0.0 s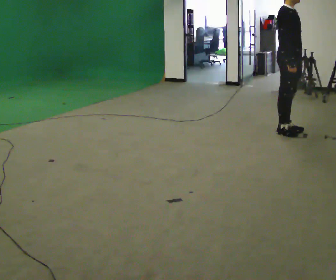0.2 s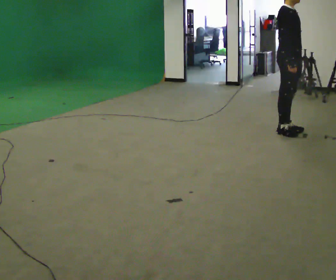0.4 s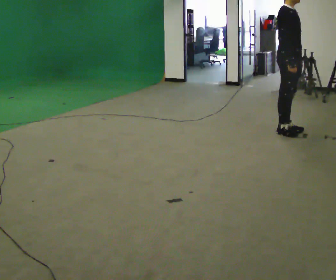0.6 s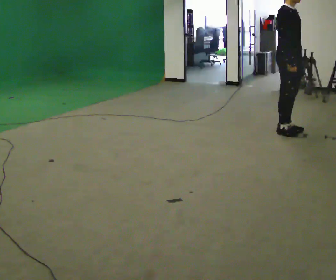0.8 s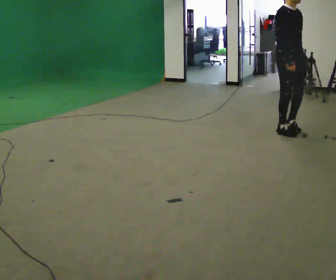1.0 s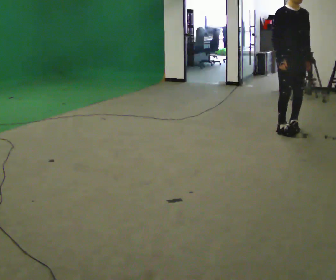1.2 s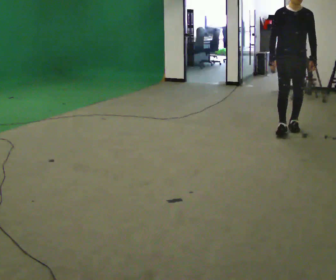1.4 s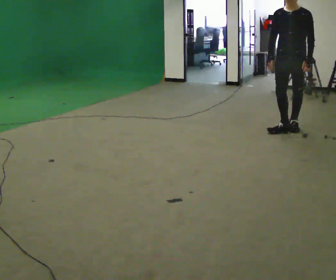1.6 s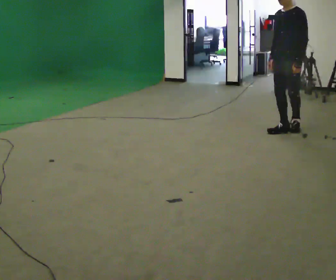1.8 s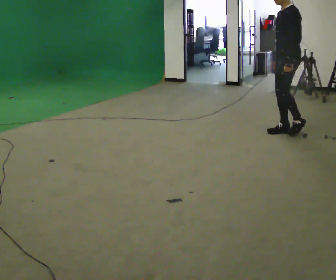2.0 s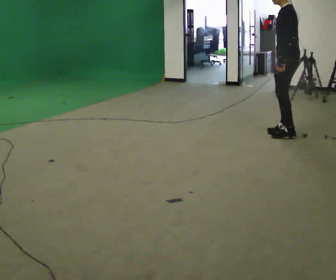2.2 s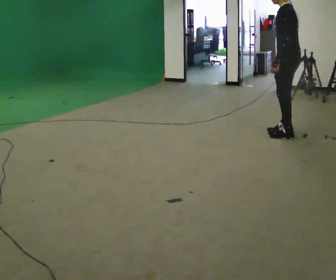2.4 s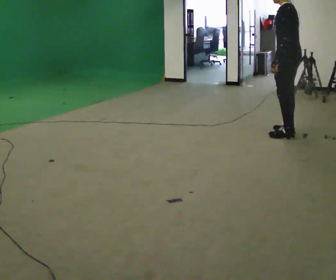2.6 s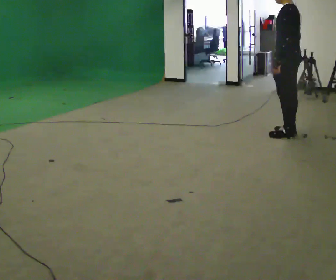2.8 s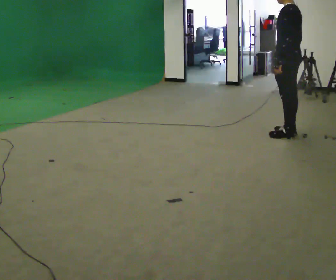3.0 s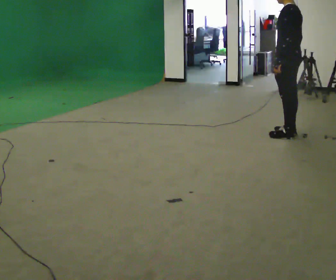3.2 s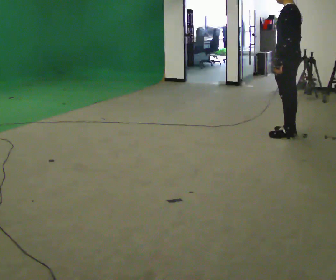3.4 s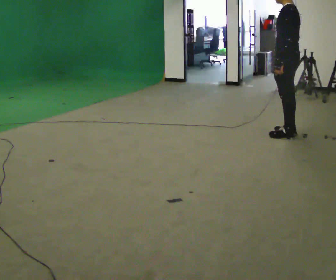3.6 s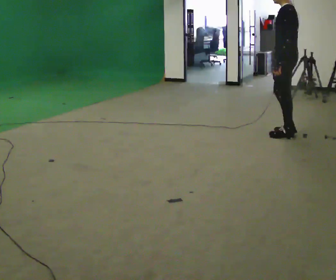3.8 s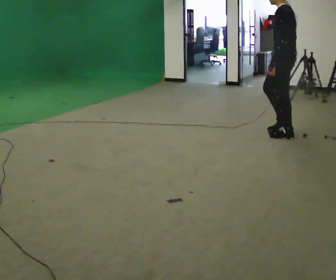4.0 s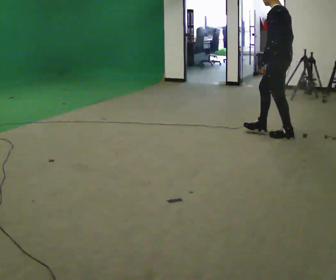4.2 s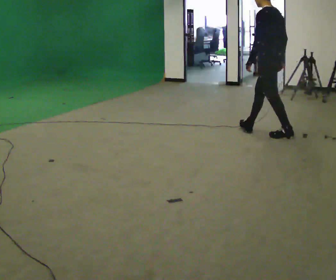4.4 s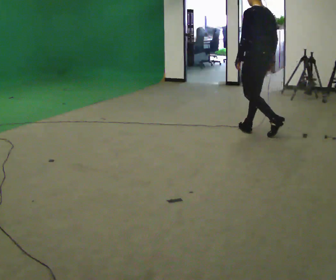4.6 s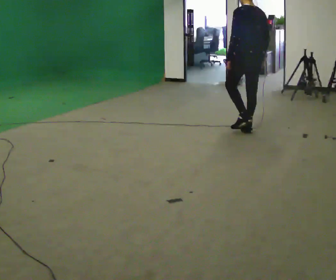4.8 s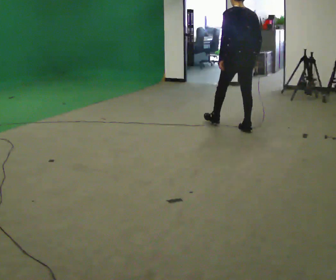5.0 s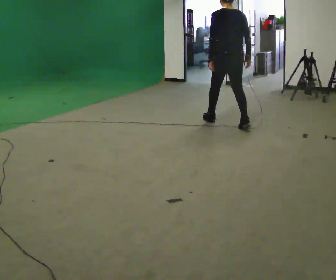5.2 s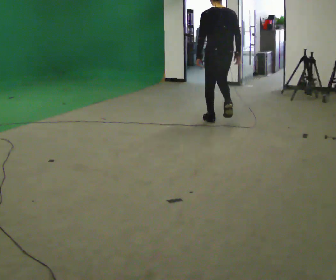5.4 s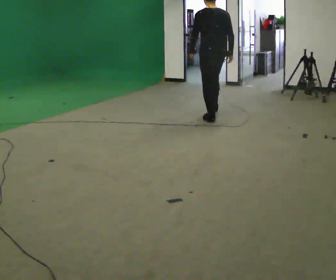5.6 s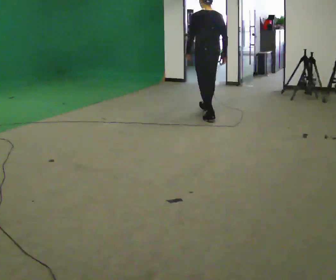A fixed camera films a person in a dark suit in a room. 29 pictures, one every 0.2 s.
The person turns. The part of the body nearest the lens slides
to the left.
The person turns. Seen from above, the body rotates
clockwise.
0.0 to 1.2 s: The person turns about 60 degrees to their right, clockwise seen from above, so the part of the body nearest the lens slides to the left.
1.2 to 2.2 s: Seen from above the body turns clockwise, about 105 degrees: to their right, with its near side sliding to the left. In the picture they go toward the camera, about 0.25 m in 1 step.
2.2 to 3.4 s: The person moves a little, or ends about where they began.
3.4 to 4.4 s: In the picture they go to the left, about 0.25 m in 1 step, which for them is forward.
4.4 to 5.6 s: In the picture they go to the left and away from the camera, about 1 m in 2 steps, which for them is forward.
The film runs forward here.
